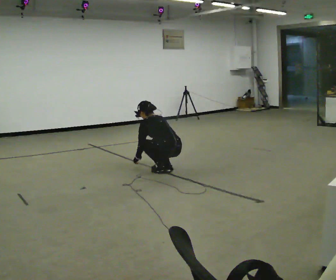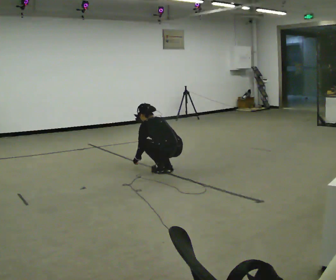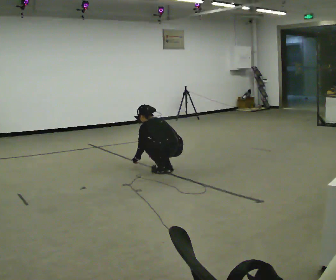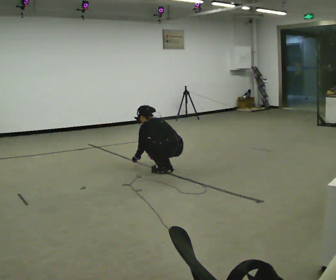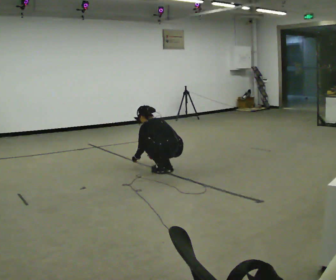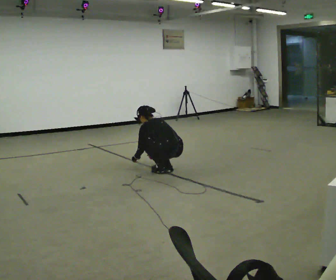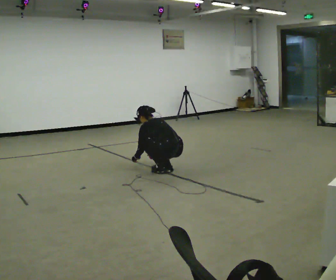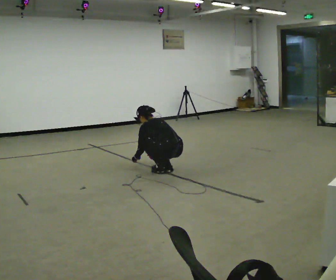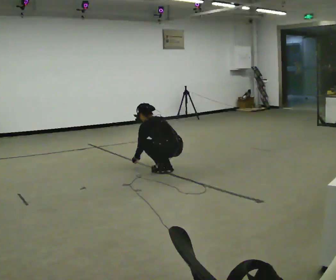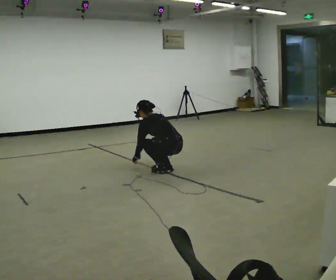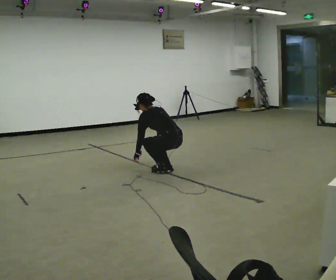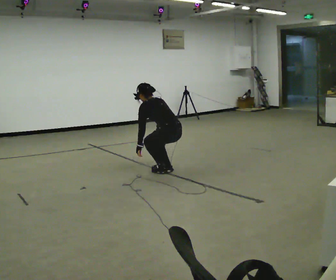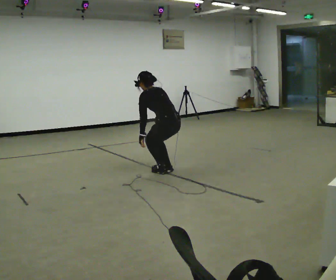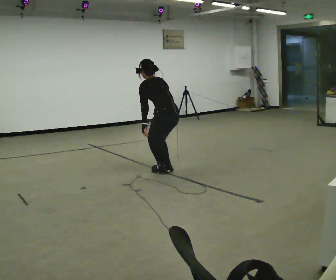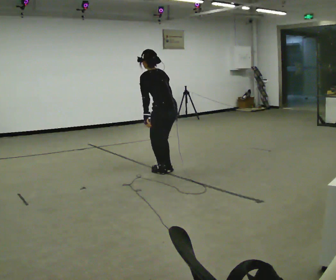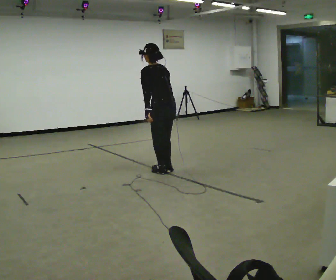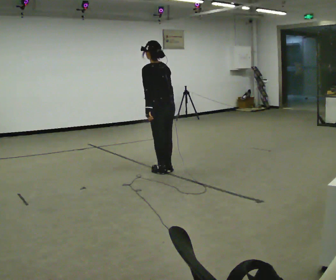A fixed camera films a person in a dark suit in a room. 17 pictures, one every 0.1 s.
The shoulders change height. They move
upward.
Their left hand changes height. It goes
upward.
0.0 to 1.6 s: The upper body goes upward. The upper body tips toward the camera, its near side rolling downward, as they lean back or straighten. In the picture their left hand goes upward.
The film runs forward here.
